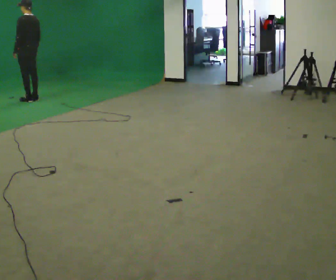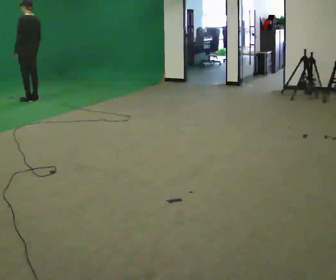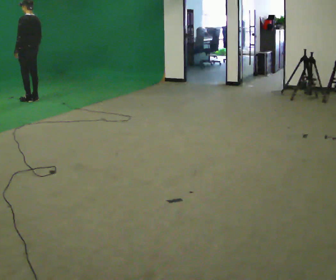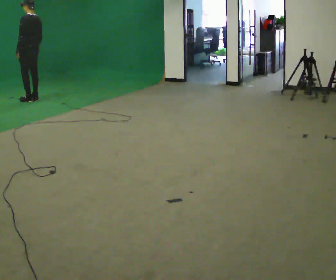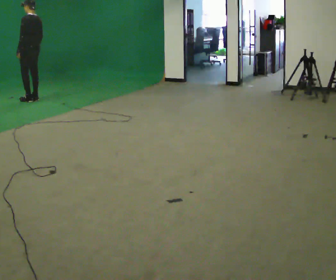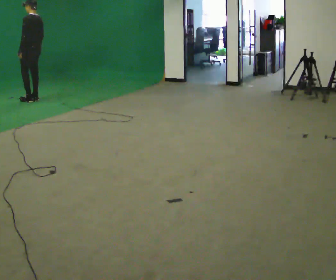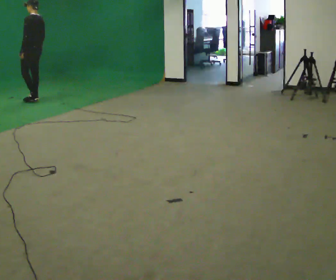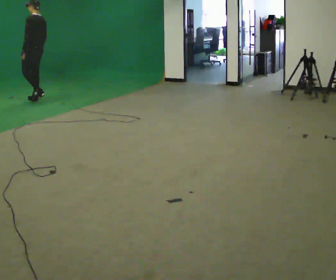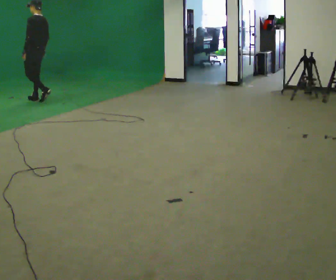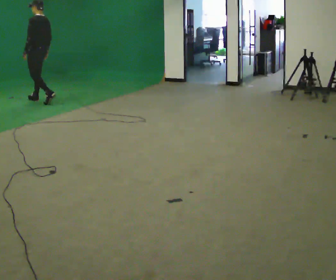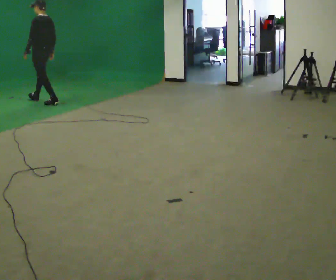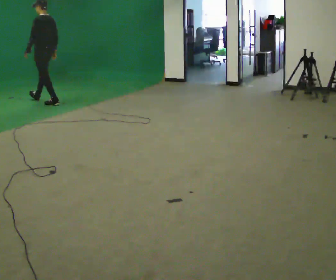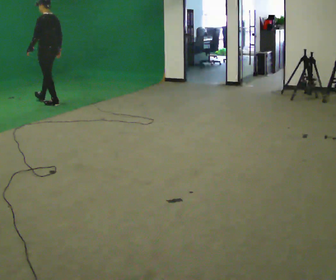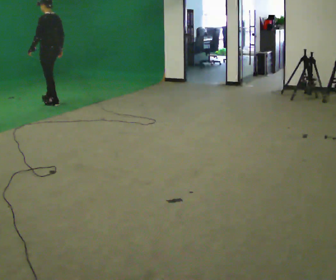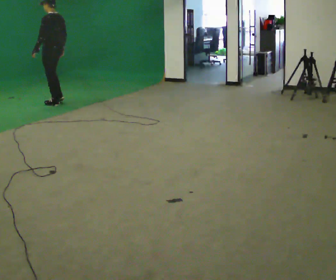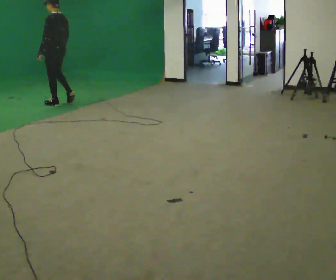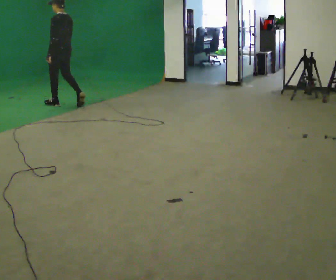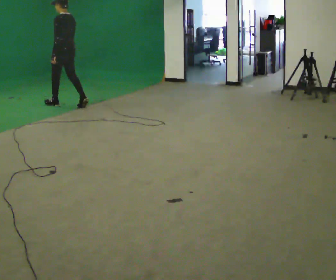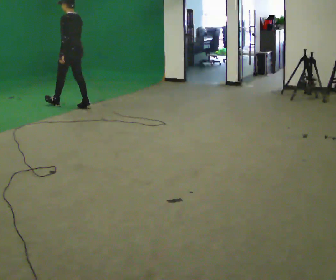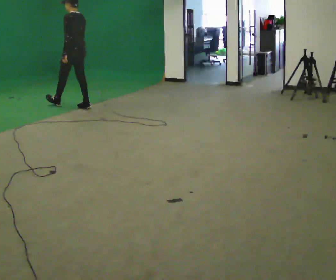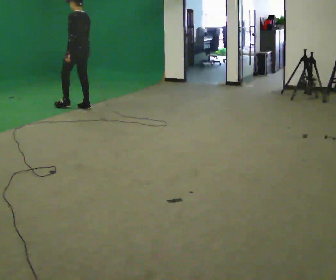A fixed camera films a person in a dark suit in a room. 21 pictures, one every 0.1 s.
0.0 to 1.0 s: In the picture they go toward the camera and to the right, about 0.25 m in 1 step, which for them is backward.
1.0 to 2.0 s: In the picture they go toward the camera and to the right, about 1 m in 2 steps, which for them is backward.
The film runs backward here.
